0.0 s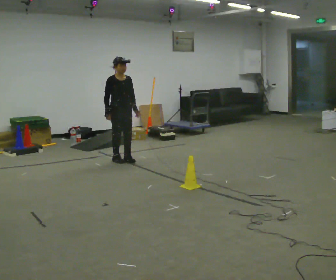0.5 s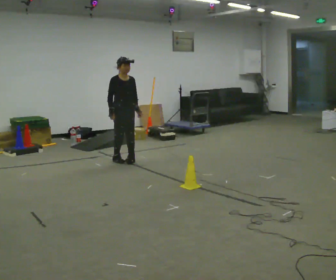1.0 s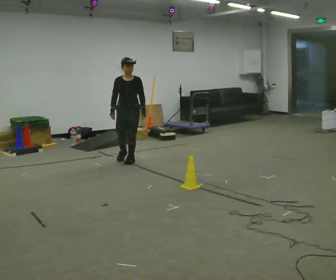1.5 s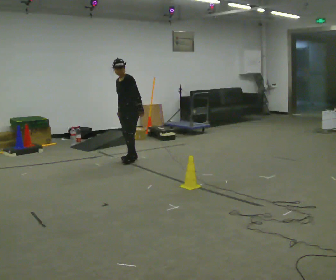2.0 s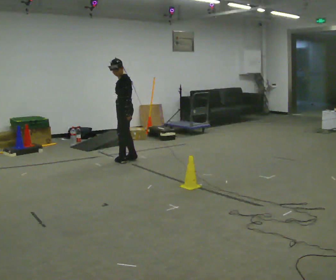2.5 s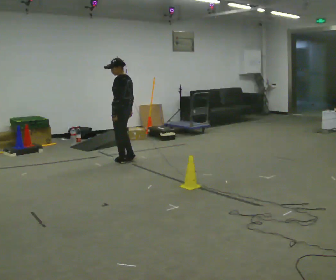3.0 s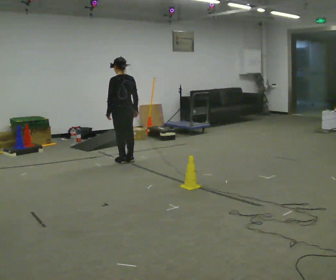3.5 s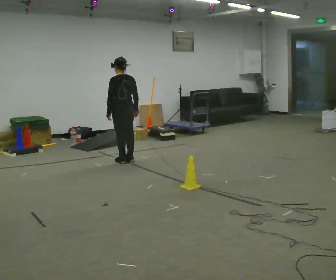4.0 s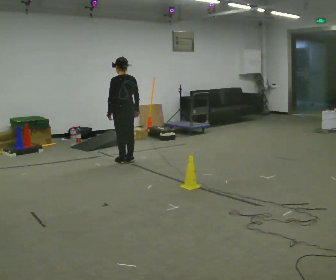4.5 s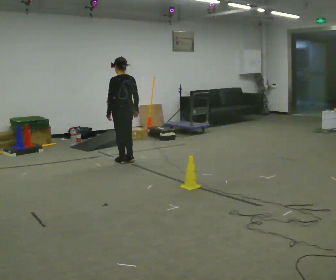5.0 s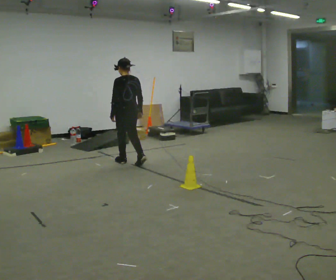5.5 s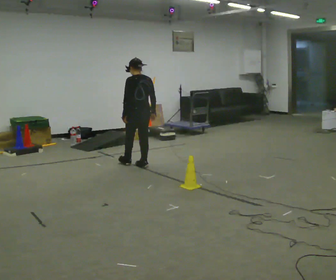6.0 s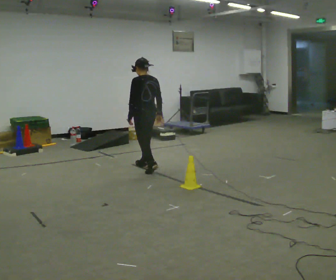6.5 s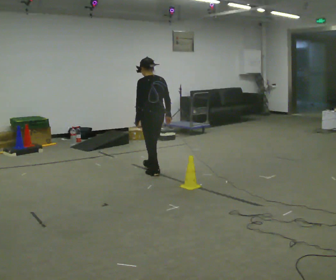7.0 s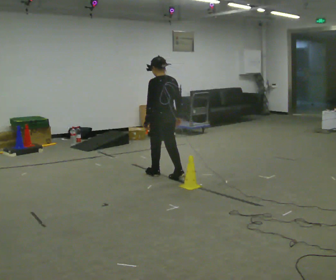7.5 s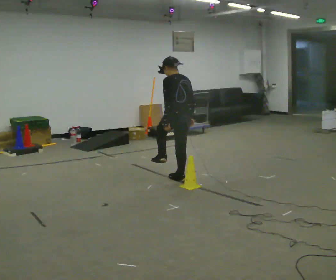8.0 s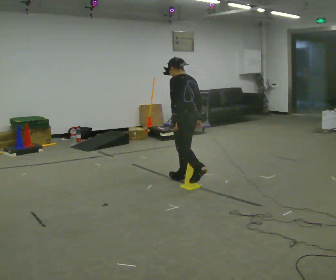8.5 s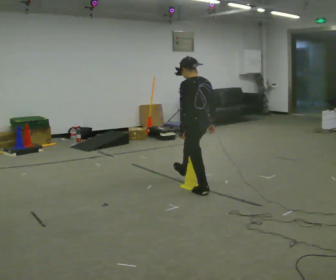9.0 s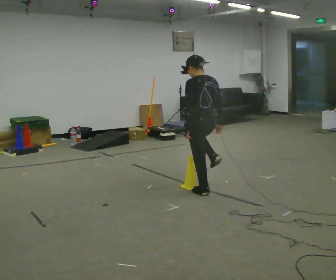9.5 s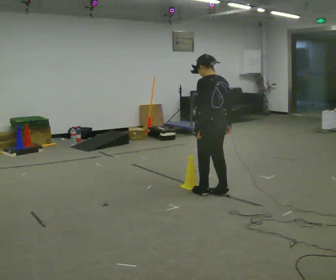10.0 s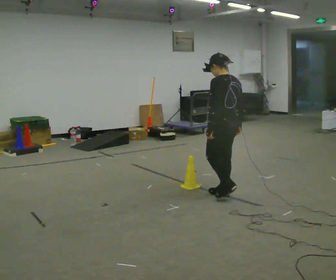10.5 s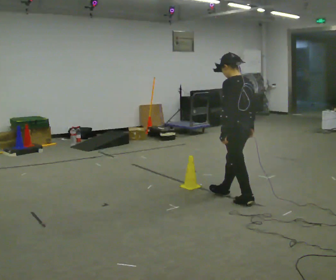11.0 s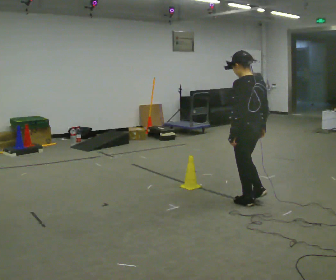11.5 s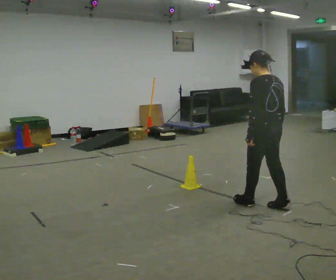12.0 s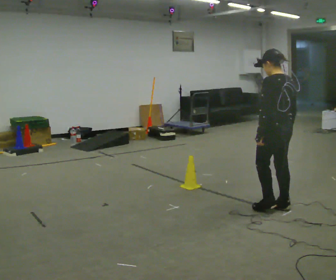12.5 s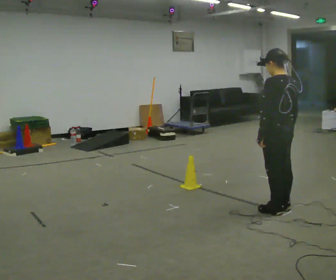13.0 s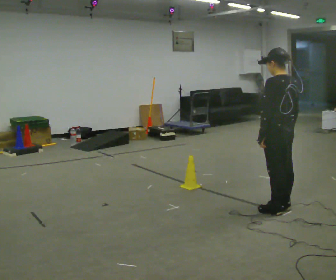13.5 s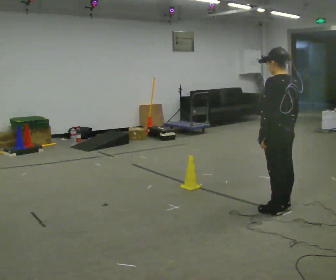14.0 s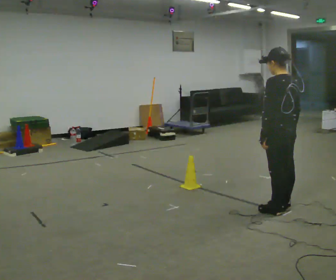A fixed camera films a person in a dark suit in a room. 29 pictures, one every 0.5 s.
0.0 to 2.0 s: Seen from above the body turns clockwise, about 120 degrees: to their right, with its near side sliding to the left.
2.0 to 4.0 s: Seen from above the body turns clockwise, about 60 degrees: to their right, with its near side sliding to the left.
4.0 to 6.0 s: In the picture they go toward the camera and to the right, about 0.5 m in 2 steps, which for them is backward.
6.0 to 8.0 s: In the picture they go toward the camera and to the right, about 1 m in 2 steps, which for them is backward.
8.0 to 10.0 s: In the picture they go toward the camera and to the right, about 0.5 m in 2 steps, which for them is backward.
10.0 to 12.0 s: In the picture they go toward the camera and to the right, about 0.5 m in 2 steps, which for them is backward.
12.0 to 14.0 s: The person moves a little, or ends about where they began.
The film runs backward here.
